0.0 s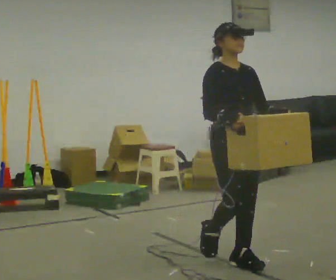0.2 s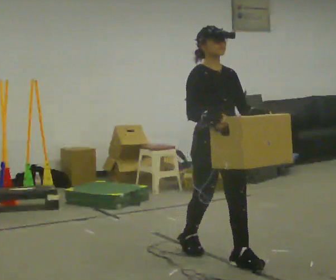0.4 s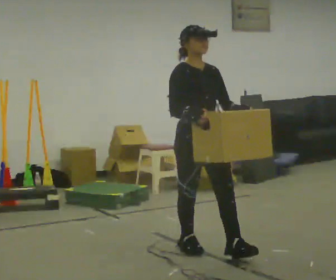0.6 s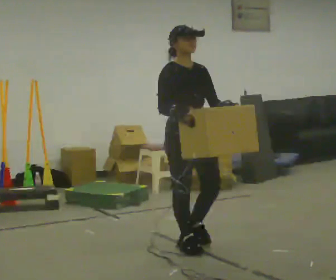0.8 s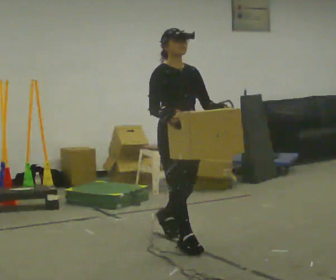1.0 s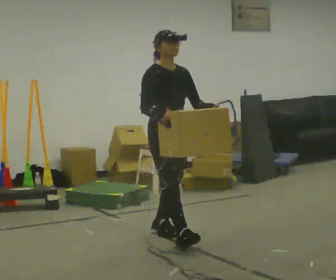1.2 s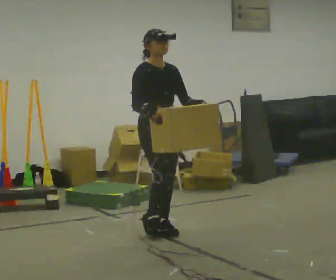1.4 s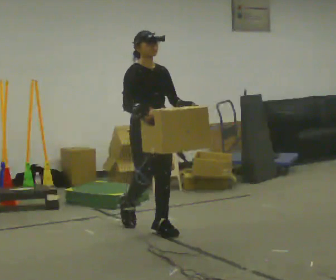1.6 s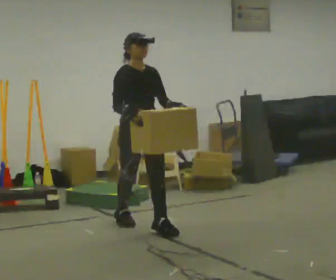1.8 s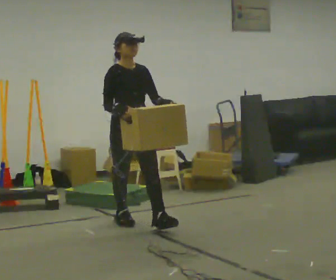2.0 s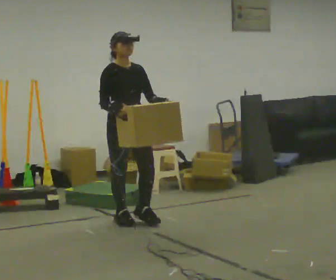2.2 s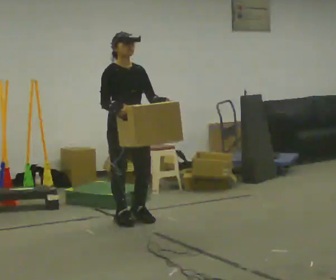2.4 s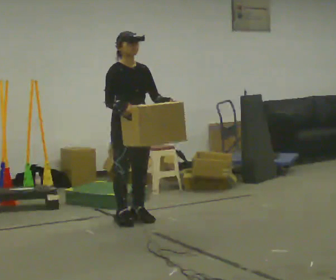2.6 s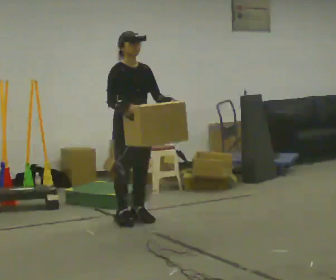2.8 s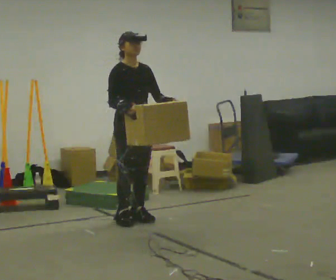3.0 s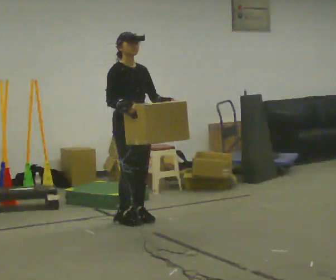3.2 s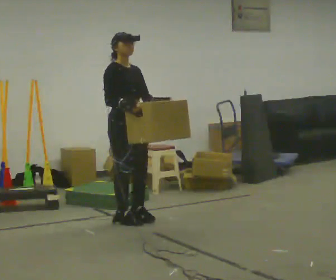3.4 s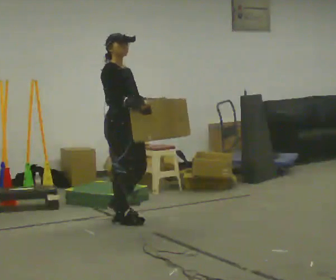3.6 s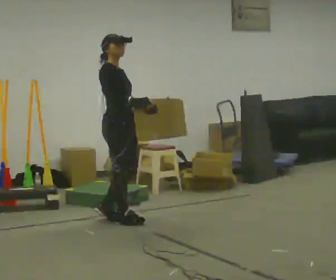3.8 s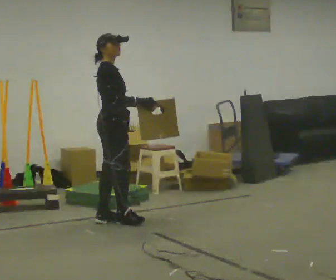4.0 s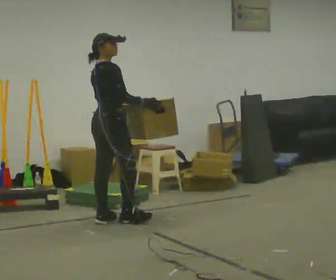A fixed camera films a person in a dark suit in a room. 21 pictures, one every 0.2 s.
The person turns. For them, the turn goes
to their left.
The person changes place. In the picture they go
away from the camera.
0.0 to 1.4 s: In the picture they go away from the camera and to the left, about 1 m in 2 steps, which for them is backward.
1.4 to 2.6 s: In the picture they go away from the camera and to the left, about 0.5 m in 1 step, which for them is backward.
2.6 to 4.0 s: The person turns about 90 degrees to their left, counterclockwise seen from above, so the part of the body nearest the lens slides to the right. In the picture they go to the left, about 0.25 m in 1 step.
The film runs backward here.
